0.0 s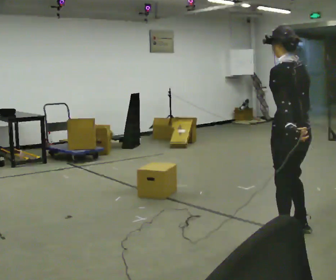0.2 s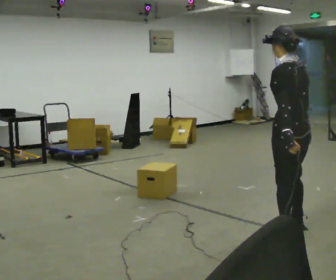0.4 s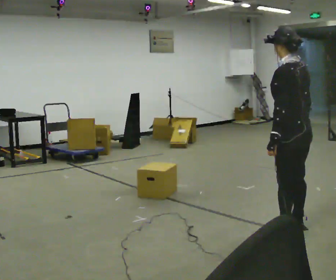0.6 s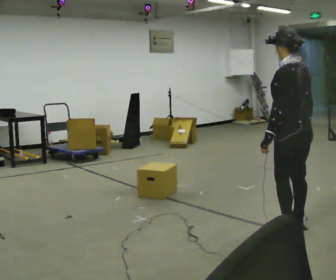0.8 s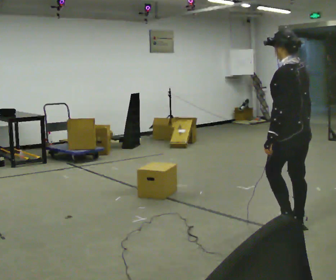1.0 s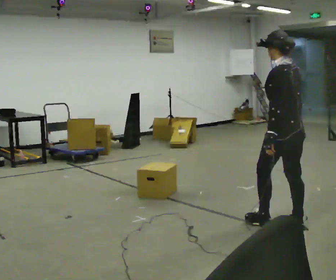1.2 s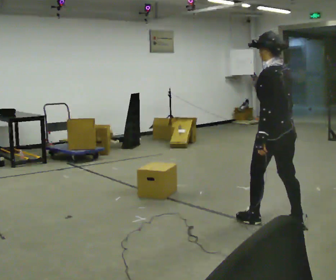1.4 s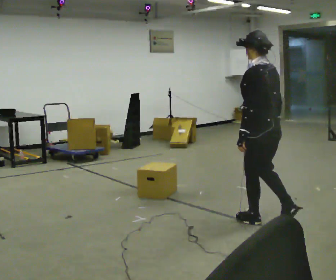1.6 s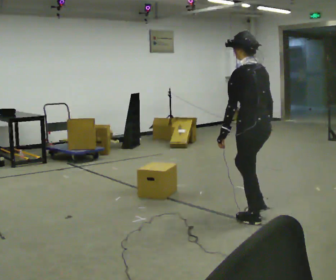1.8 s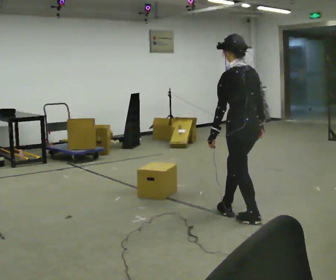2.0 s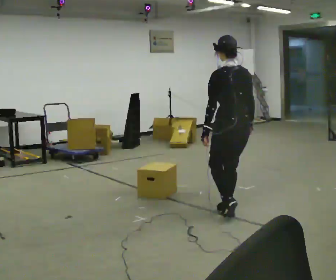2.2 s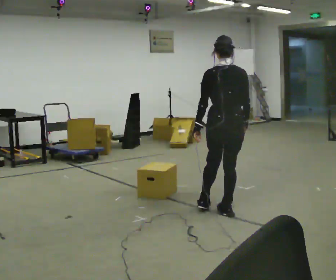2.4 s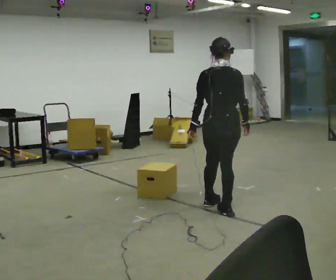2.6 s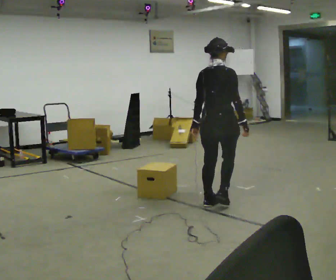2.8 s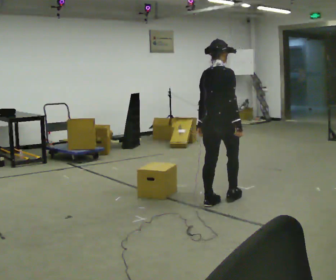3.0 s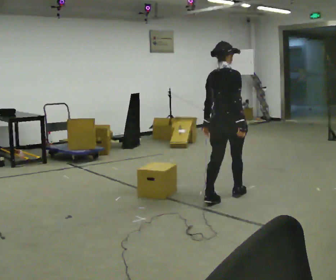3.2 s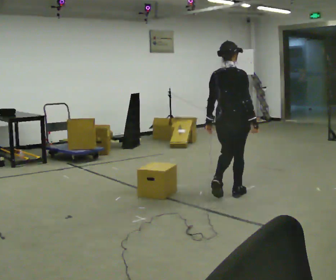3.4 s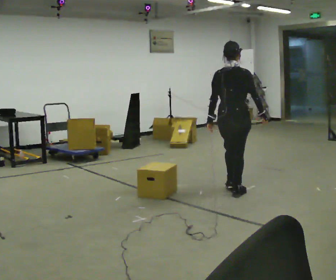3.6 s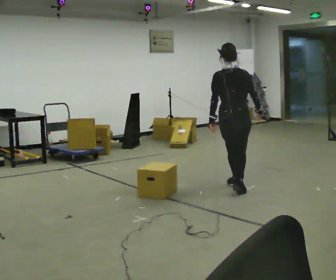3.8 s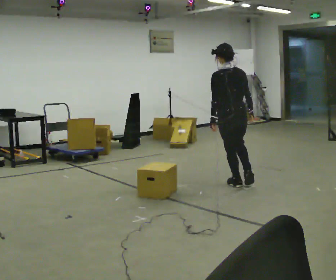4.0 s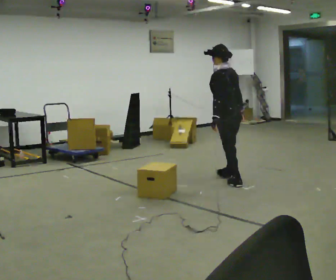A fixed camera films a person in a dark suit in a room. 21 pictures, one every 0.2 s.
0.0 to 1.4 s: In the picture they go away from the camera and to the left, about 0.5 m in 2 steps, which for them is forward.
1.4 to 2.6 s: The part of the body nearest the lens slides to the left as the person turns to their right by about 75 degrees. In the picture they go away from the camera and to the left, about 0.75 m in 2 steps.
2.6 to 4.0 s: The person turns about 90 degrees to their left, counterclockwise seen from above, so the part of the body nearest the lens slides to the right. In the picture they go away from the camera, about 1 m in 2 steps.
The film runs forward here.
